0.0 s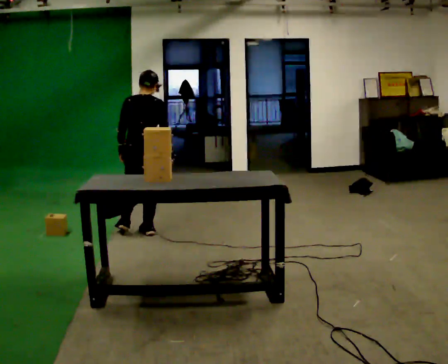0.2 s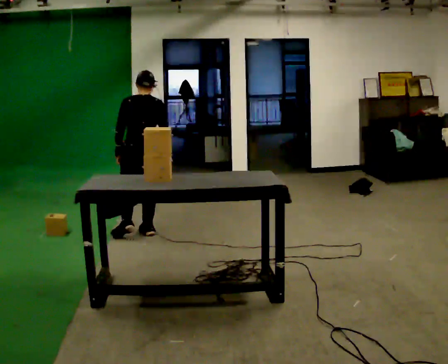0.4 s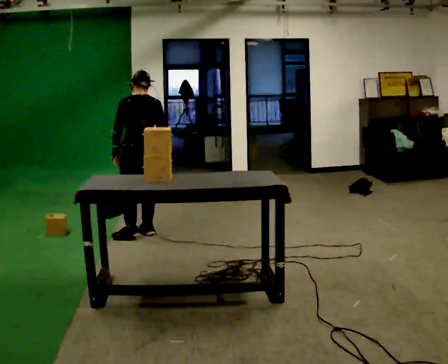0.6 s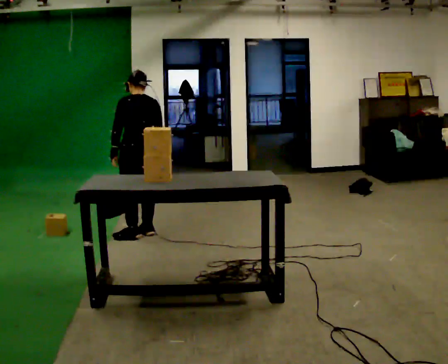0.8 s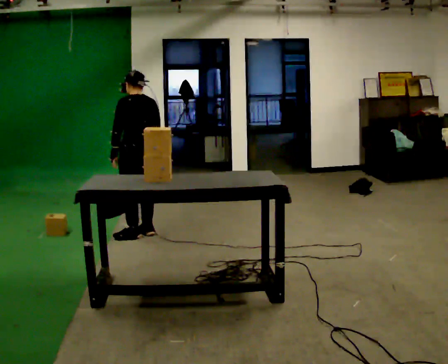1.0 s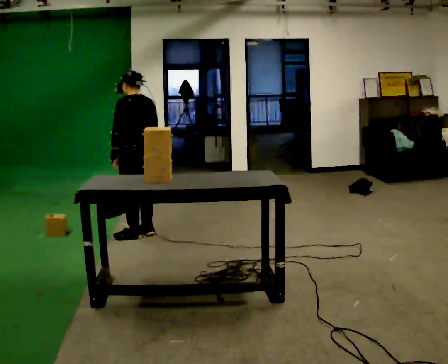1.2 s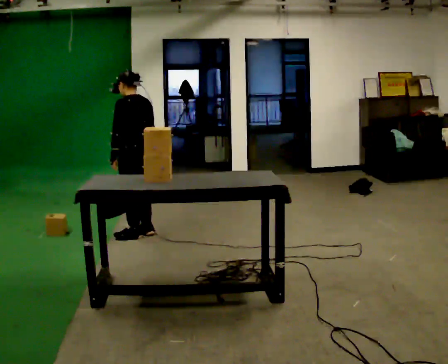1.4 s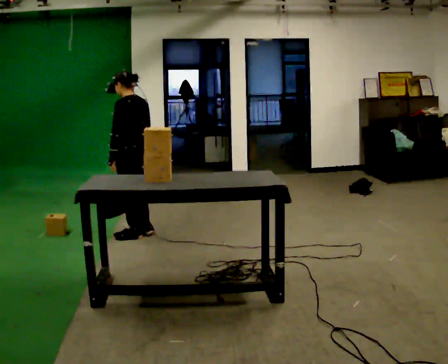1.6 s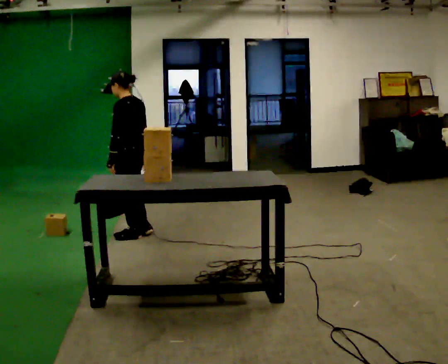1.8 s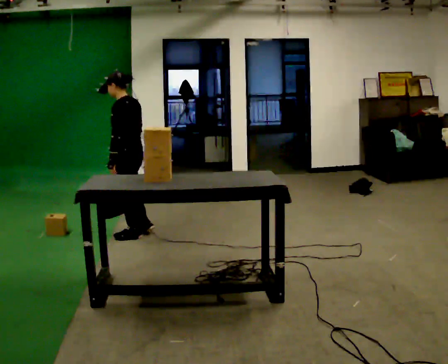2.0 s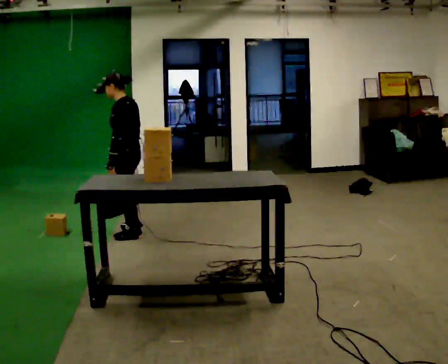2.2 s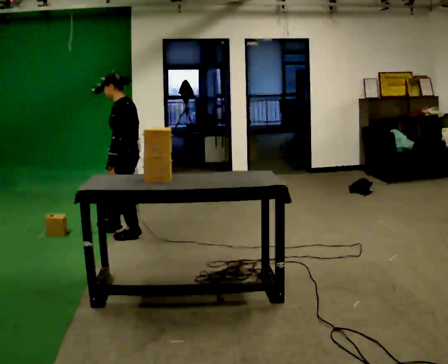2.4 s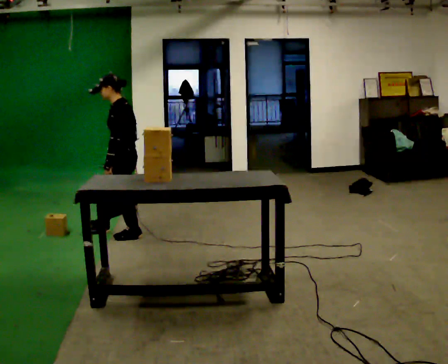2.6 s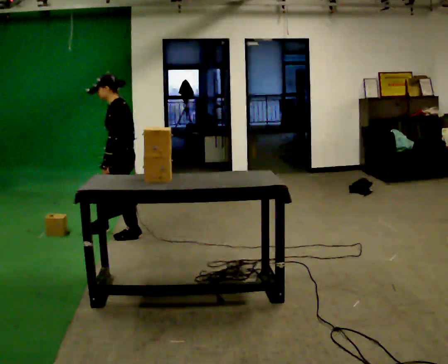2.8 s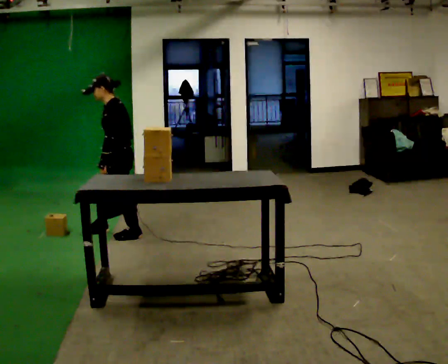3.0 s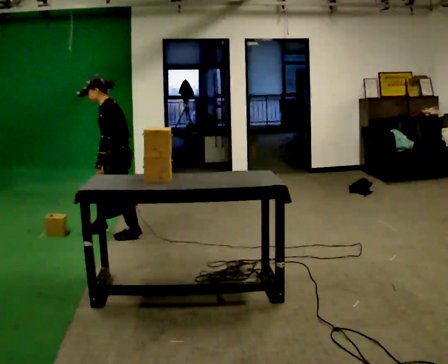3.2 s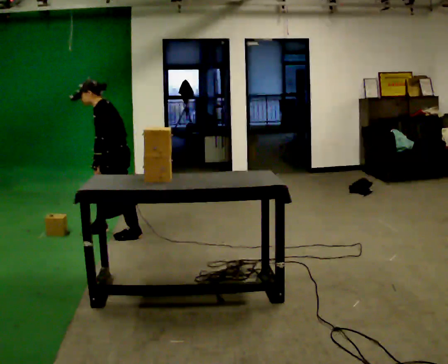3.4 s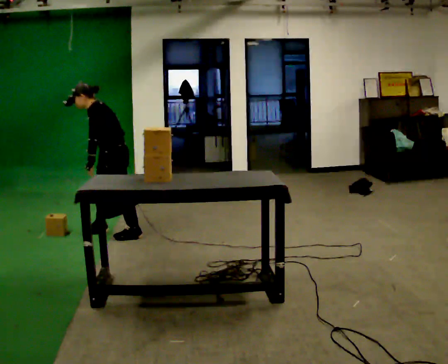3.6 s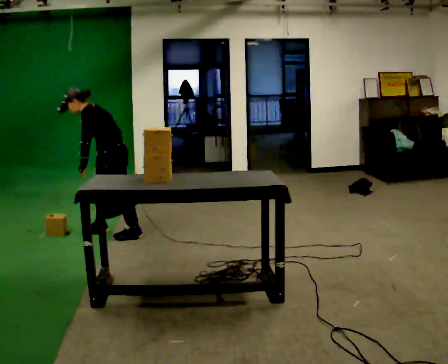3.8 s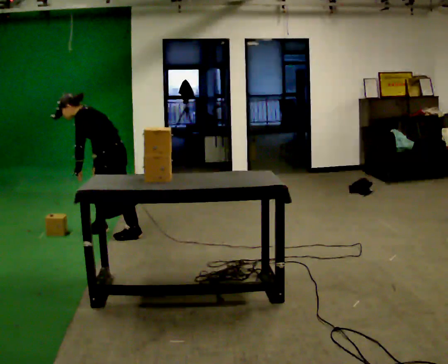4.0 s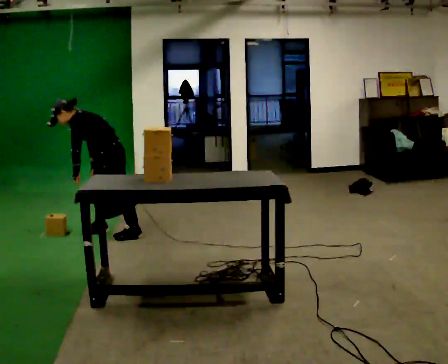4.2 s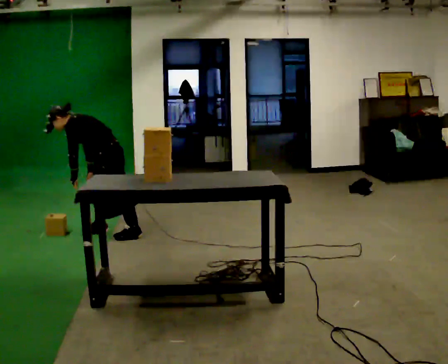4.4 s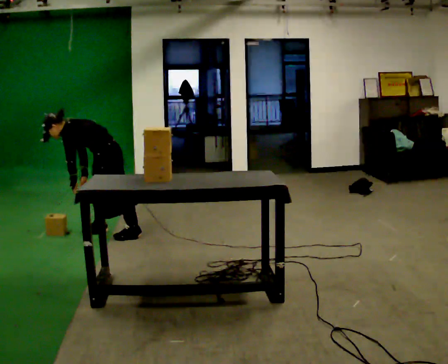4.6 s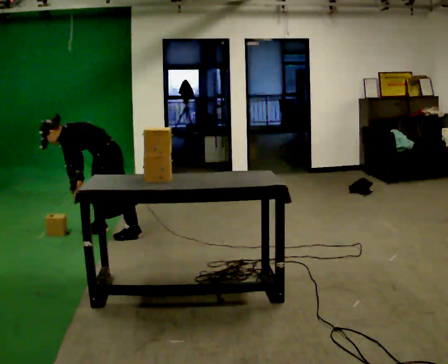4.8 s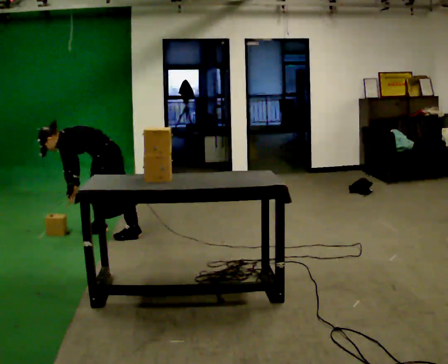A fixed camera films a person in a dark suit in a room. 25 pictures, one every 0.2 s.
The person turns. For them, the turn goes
to their left.
The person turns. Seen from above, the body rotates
counterclockwise.
0.0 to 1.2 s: The part of the body nearest the lens slides to the right as the person turns to their left by about 60 degrees.
1.2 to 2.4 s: The person turns about 45 degrees to their left, counterclockwise seen from above, so the part of the body nearest the lens slides to the right.
2.4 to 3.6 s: In the picture the upper body tilts counterclockwise, shoulders to the left, as they bend forward.
3.6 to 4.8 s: The shoulders move downward. In the picture the upper body tilts counterclockwise, shoulders to the left, as they bend forward.
The film runs backward here.
